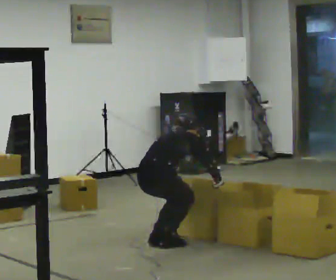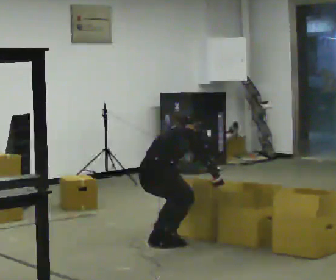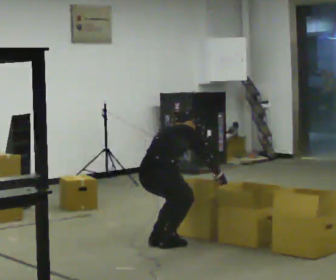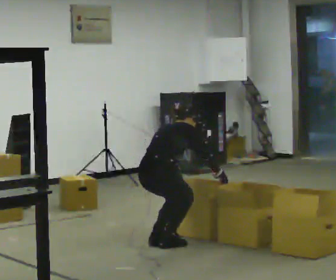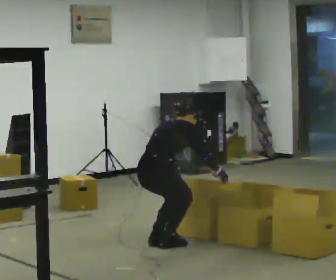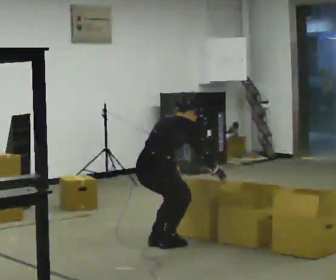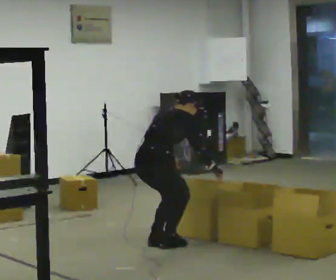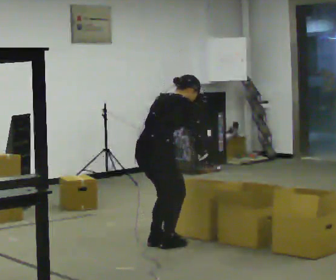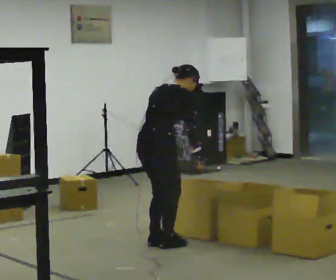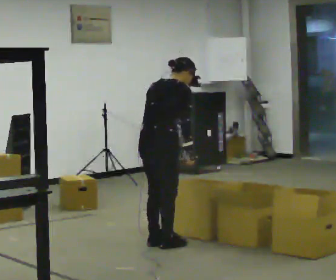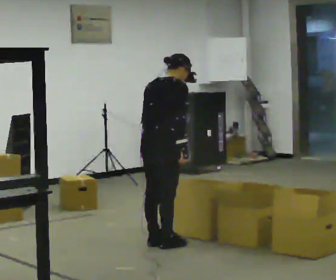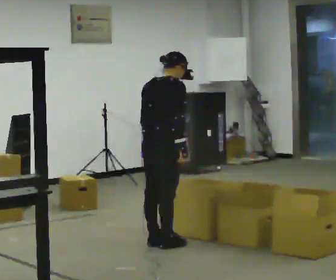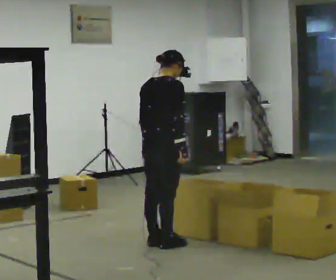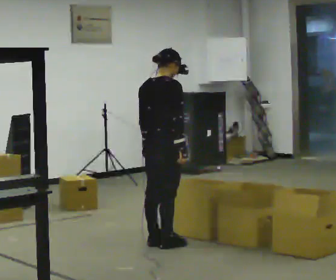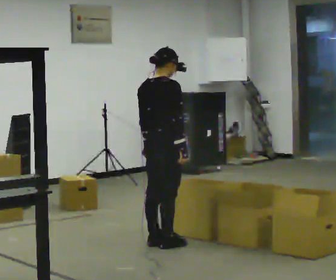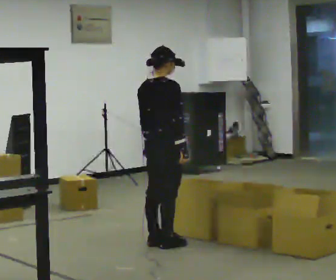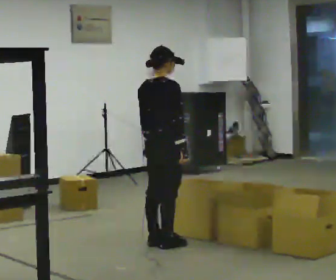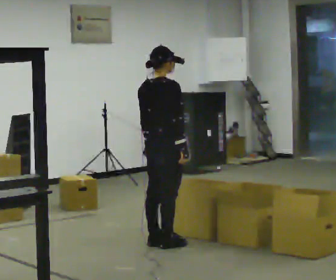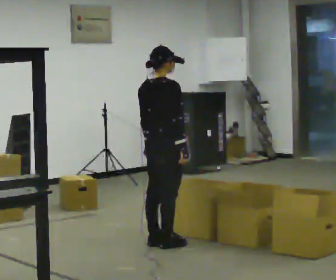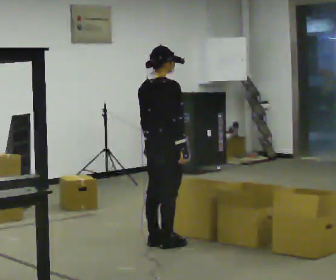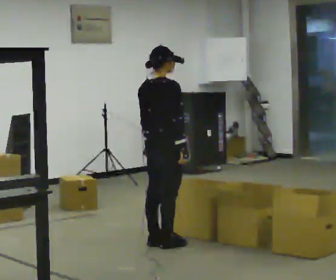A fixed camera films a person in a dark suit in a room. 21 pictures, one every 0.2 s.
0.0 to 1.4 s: The shoulders move upward. The upper body tips toward the camera, its near side rolling downward, as they lean back or straighten.
1.4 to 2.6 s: The shoulders move upward. In the picture the upper body tilts counterclockwise, shoulders to the left, as they lean back or straighten.
2.6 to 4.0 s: The person keeps their place and pose.
The film runs backward here.
